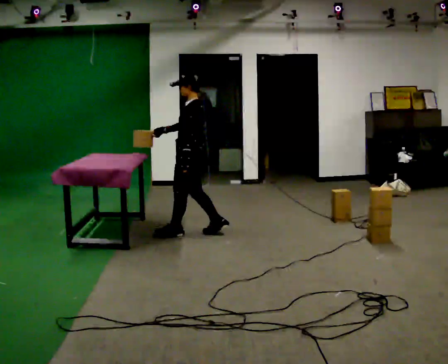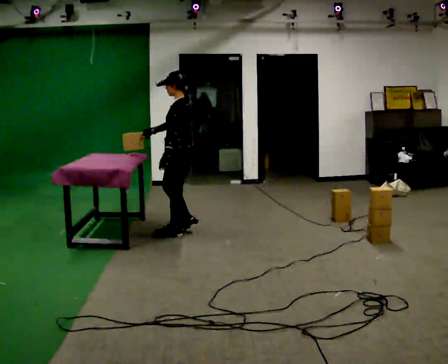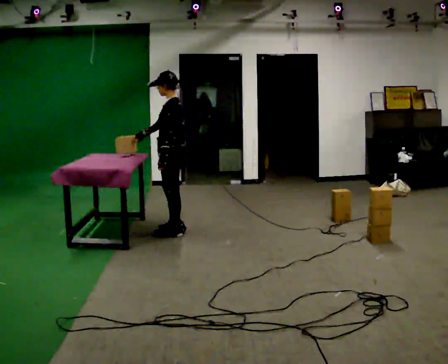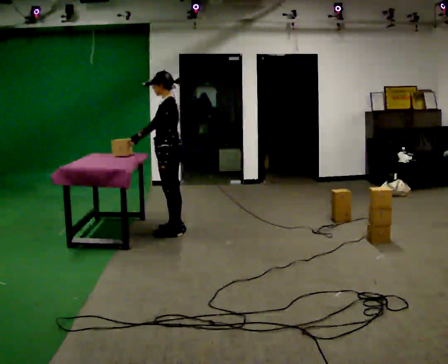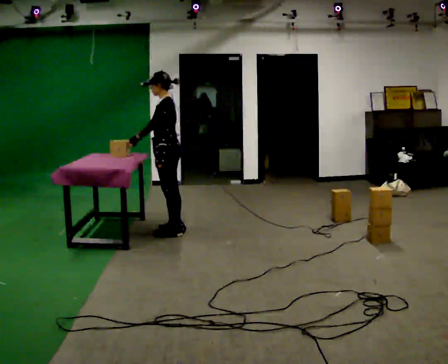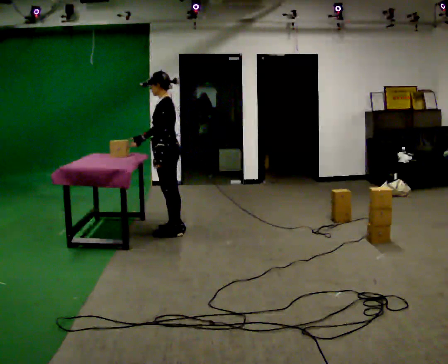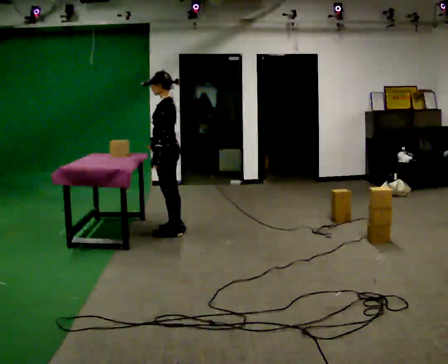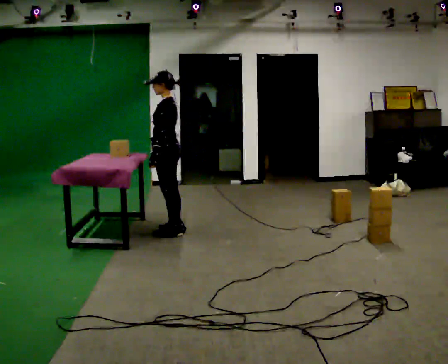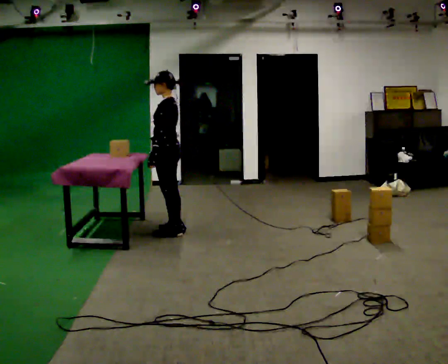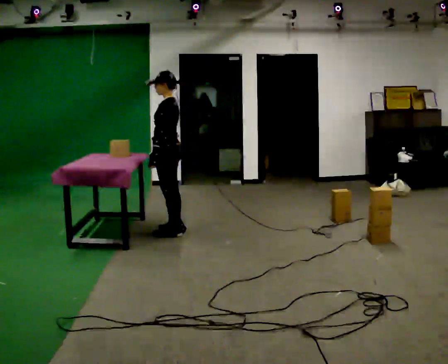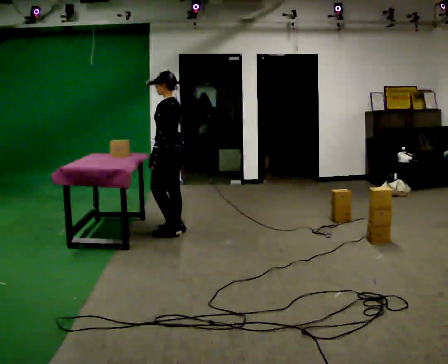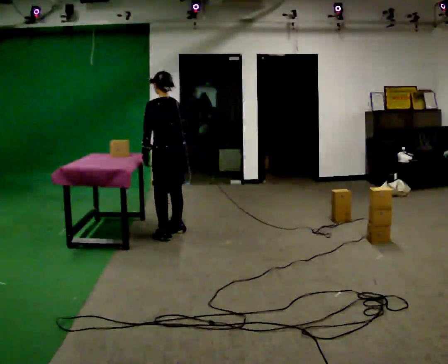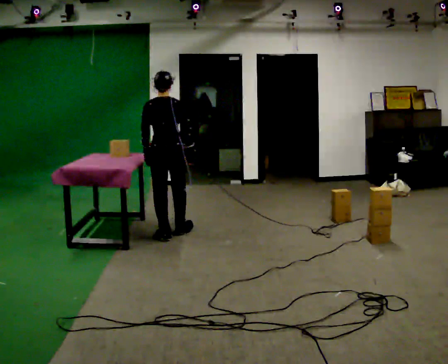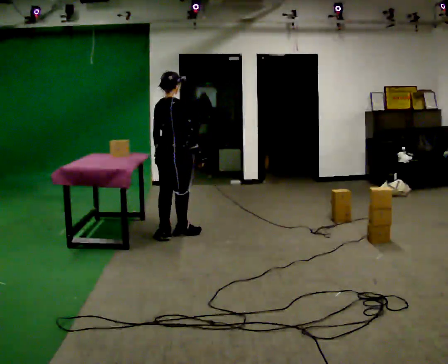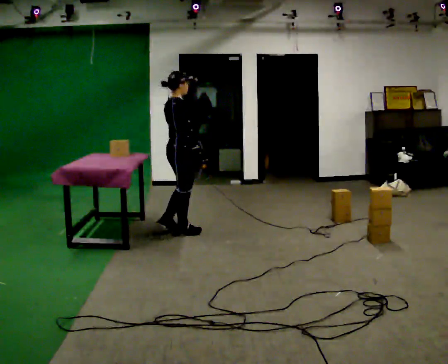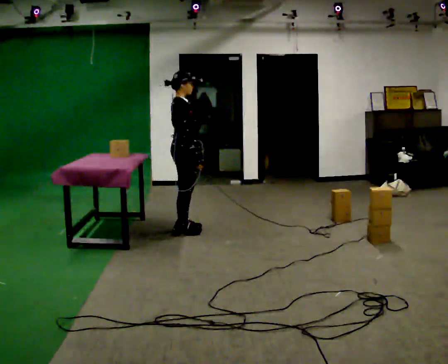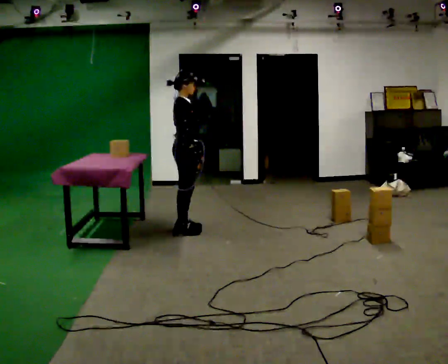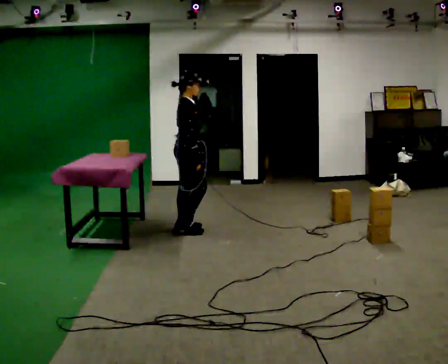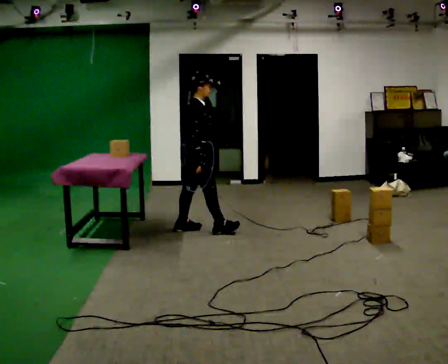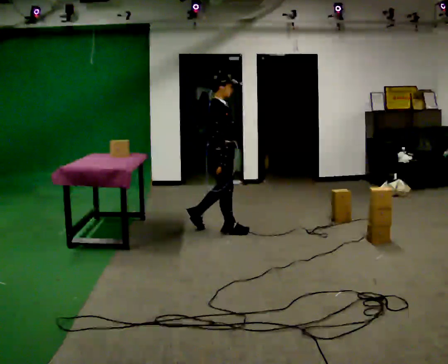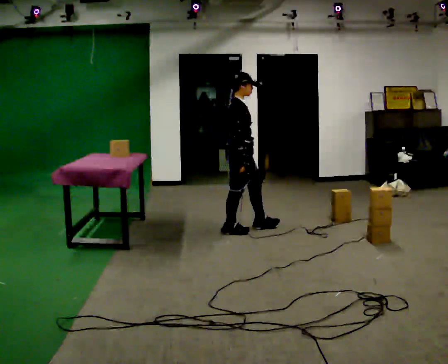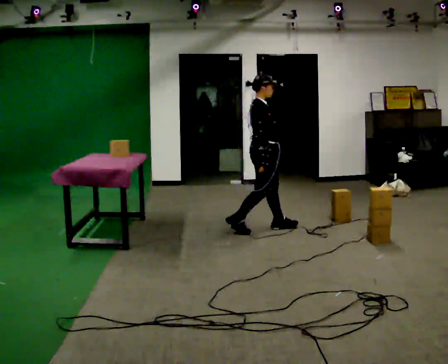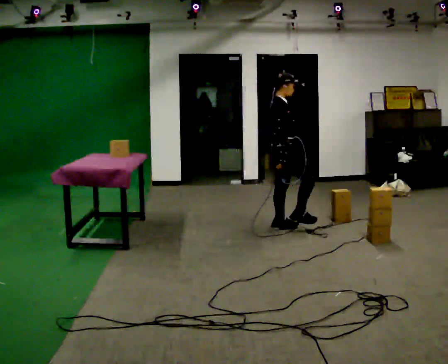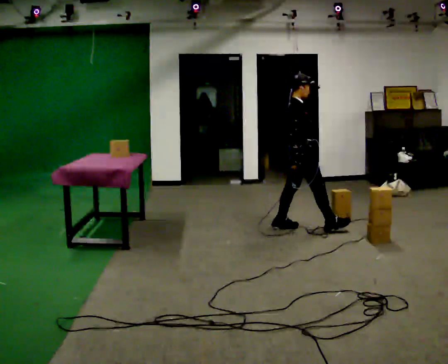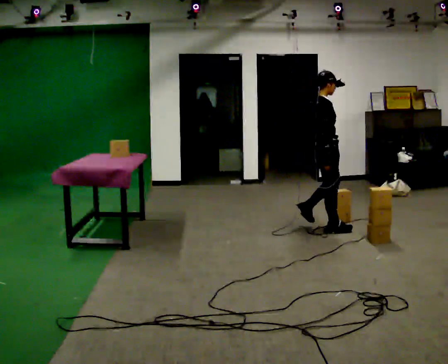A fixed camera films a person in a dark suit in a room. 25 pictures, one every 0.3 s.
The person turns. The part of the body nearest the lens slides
to the left.
The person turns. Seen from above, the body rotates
clockwise.
0.0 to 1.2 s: In the picture they go to the left, about 0.25 m in 1 step, which for them is forward.
1.2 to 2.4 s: The person moves a little, or ends about where they began.
2.4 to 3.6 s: Seen from above the body turns clockwise, about 90 degrees: to their right, with its near side sliding to the left. In the picture they go toward the camera, about 0.25 m in 1 step.
3.6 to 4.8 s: Seen from above the body turns clockwise, about 90 degrees: to their right, with its near side sliding to the left. In the picture they go away from the camera and to the right, about 0.25 m in 1 step.
4.8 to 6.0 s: In the picture they go to the right, about 0.5 m in 1 step, which for them is forward.
6.0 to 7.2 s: In the picture they go to the right, about 1 m in 2 steps, which for them is forward.
The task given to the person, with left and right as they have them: Pick the object up off the floor using only the hand the operator calls, then carry it to the table in that same hand. Keep going until the operator says stop; one object at a time, and do not rush between trips.
The film runs forward here.
